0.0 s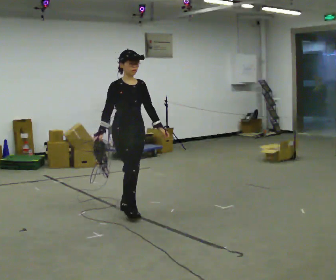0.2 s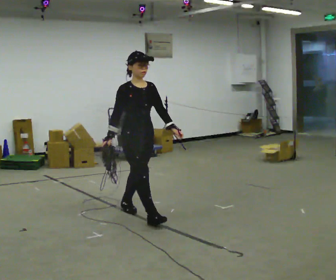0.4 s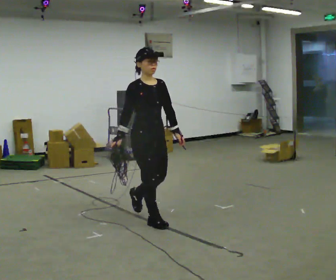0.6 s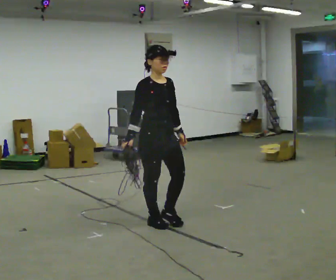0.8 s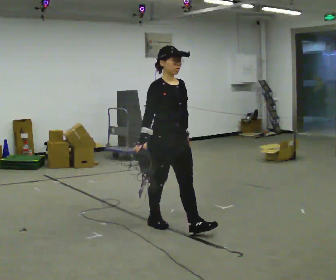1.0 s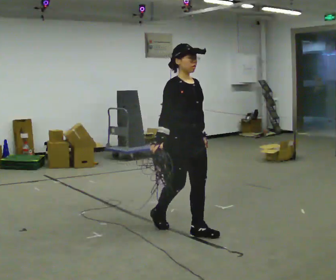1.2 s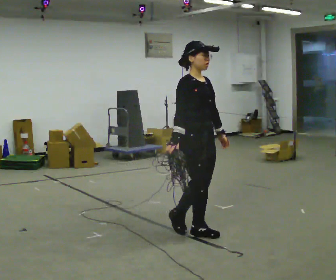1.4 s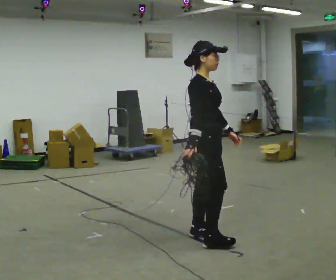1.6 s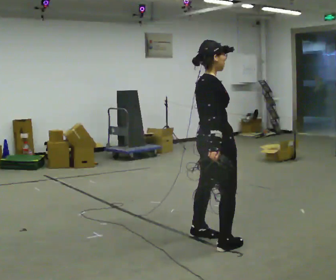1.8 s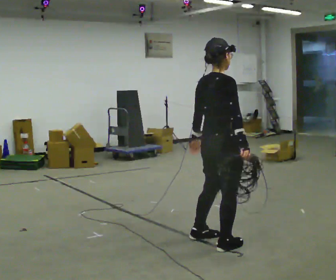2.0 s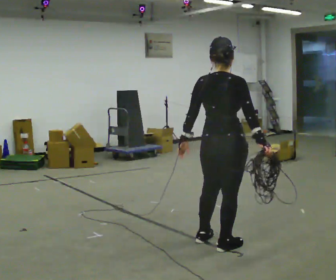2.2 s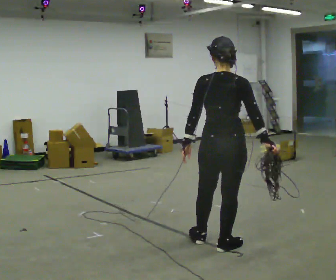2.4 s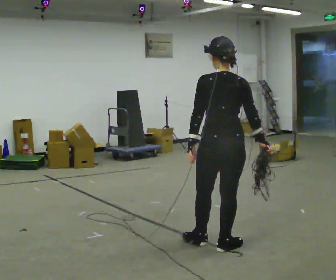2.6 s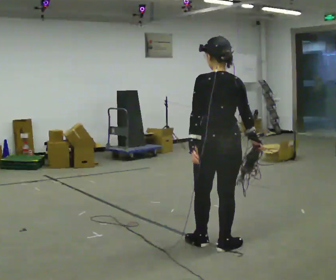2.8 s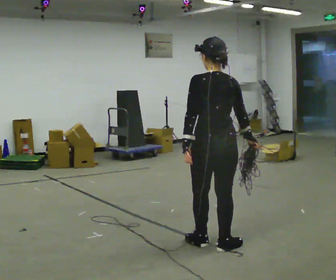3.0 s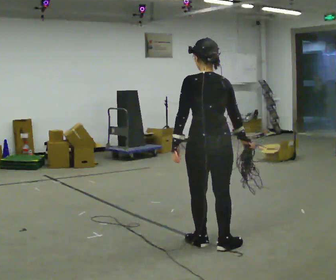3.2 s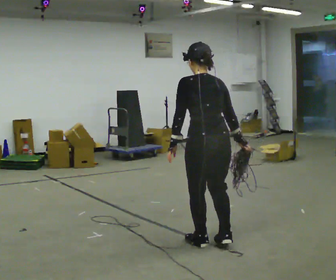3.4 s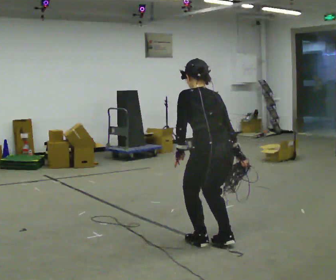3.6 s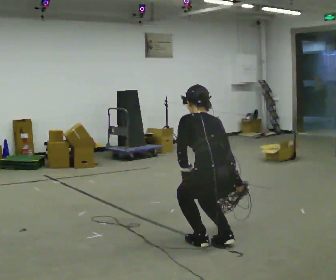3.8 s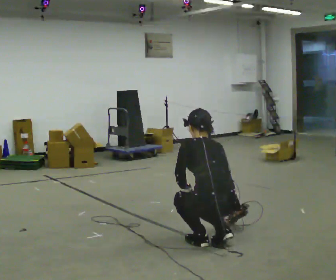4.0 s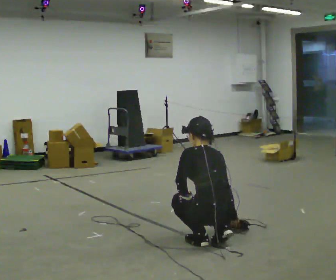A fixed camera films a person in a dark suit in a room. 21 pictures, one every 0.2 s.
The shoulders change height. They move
downward.
The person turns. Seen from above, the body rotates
counterclockwise.
0.0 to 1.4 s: The person turns about 45 degrees to their left, counterclockwise seen from above, so the part of the body nearest the lens slides to the right. In the picture they go to the right and toward the camera, about 1 m in 2 steps, which for them is forward.
1.4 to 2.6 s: The part of the body nearest the lens slides to the right as the person turns to their left by about 105 degrees. In the picture they go toward the camera, about 0.25 m in 2 steps.
2.6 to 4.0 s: The upper body goes downward. The upper body tips away from the camera, its near side rolling upward, as they bend forward. In the picture their left hand goes downward.
The film runs forward here.
